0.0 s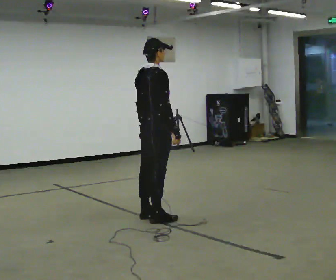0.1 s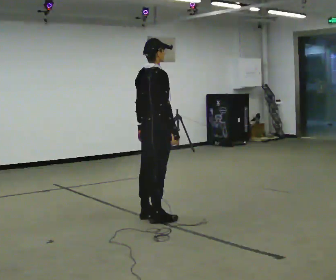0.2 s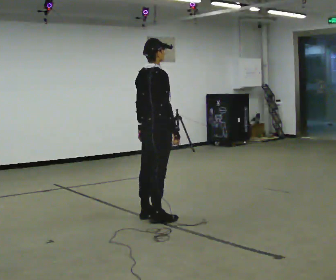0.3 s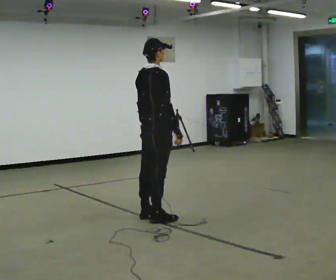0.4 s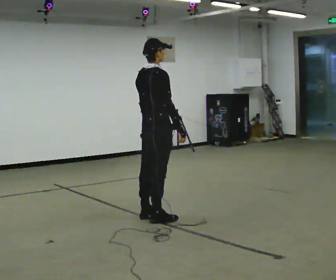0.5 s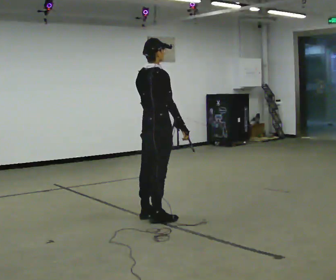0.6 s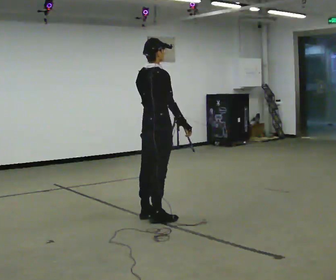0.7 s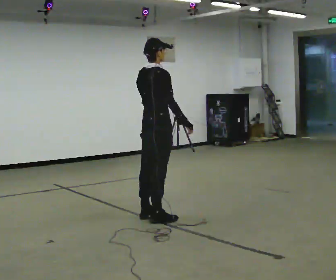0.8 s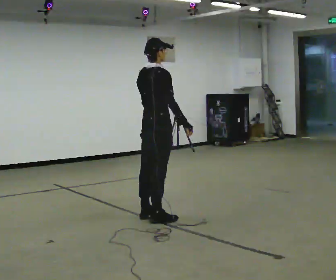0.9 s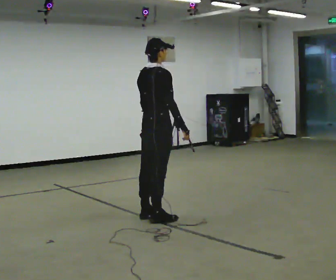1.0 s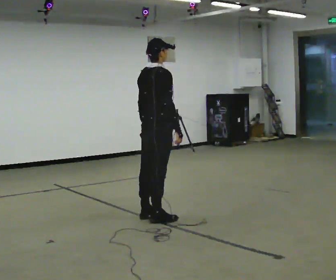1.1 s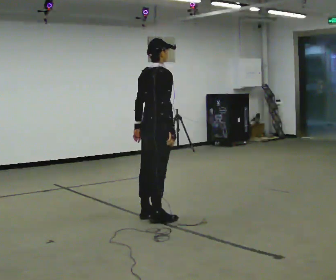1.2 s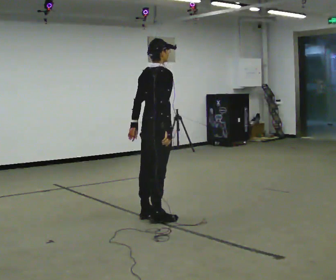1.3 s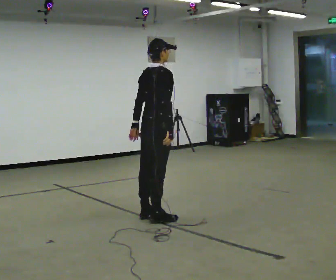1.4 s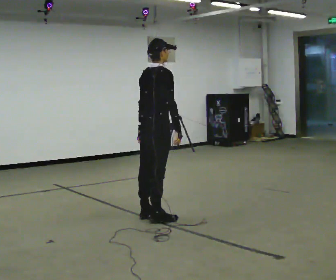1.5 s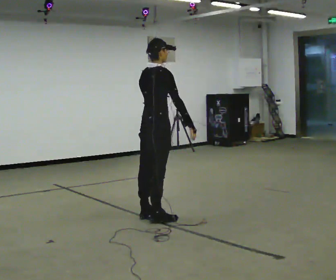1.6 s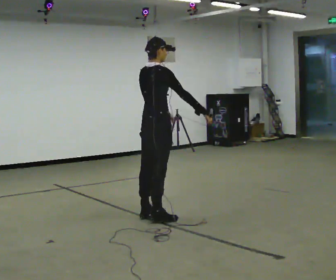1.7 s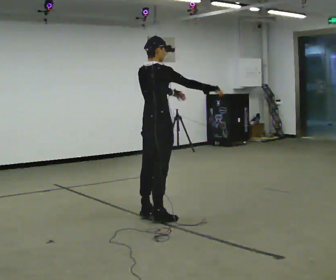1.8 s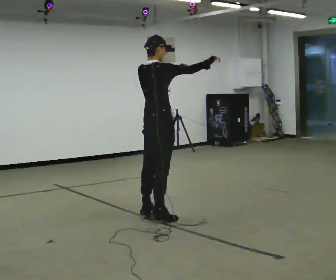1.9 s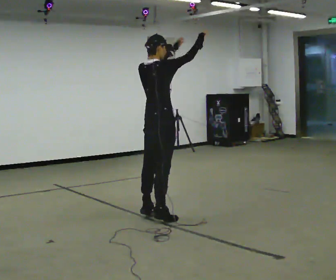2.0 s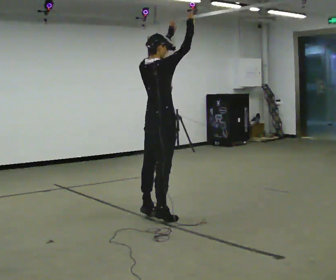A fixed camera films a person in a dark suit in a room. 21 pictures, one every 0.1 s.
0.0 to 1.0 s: The person moves a little, or ends about where they began.
1.0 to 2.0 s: In the picture their right hand goes upward, the arm swinging counterclockwise.
The film runs backward here.
